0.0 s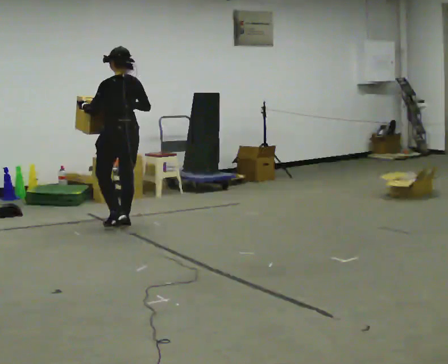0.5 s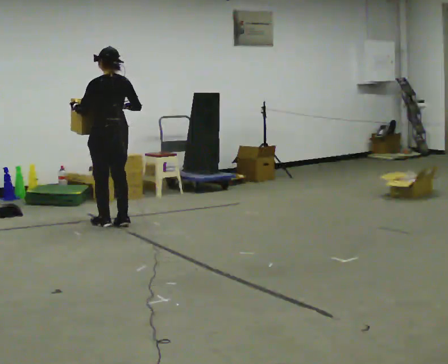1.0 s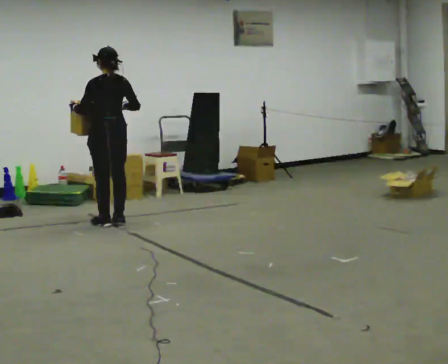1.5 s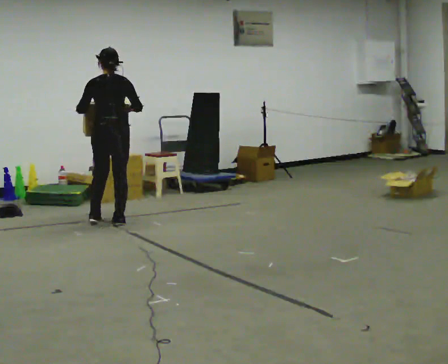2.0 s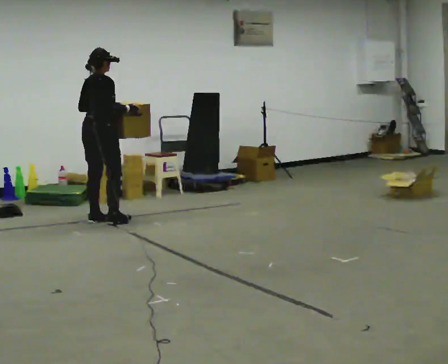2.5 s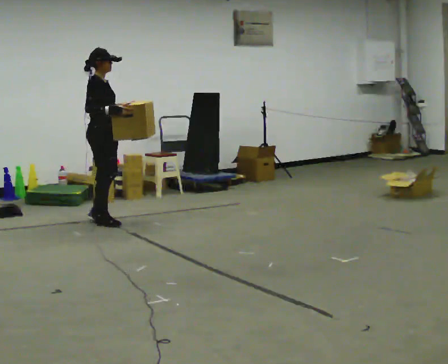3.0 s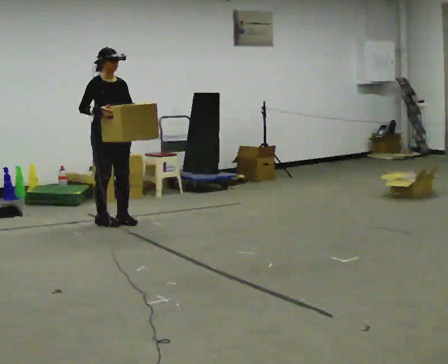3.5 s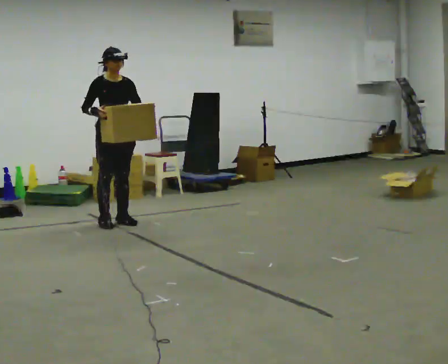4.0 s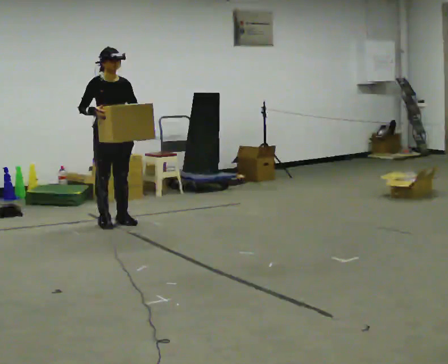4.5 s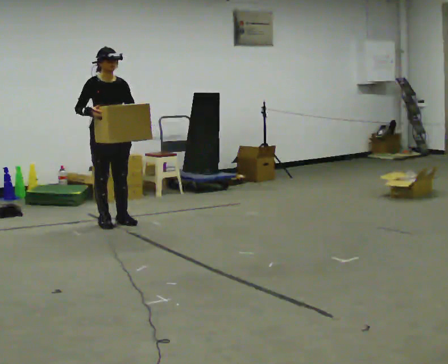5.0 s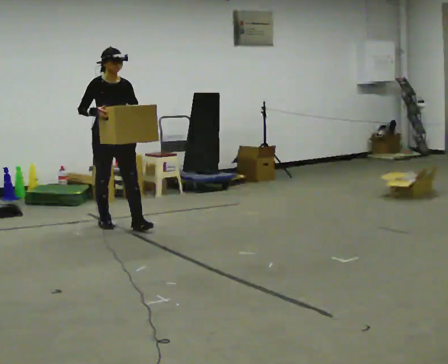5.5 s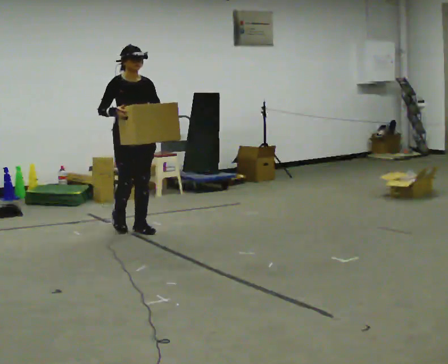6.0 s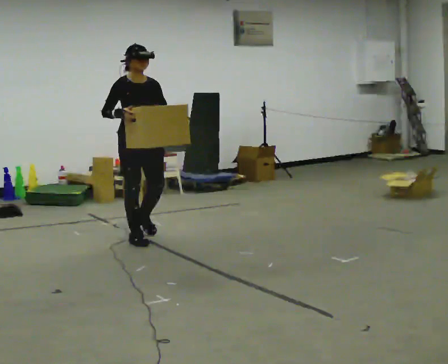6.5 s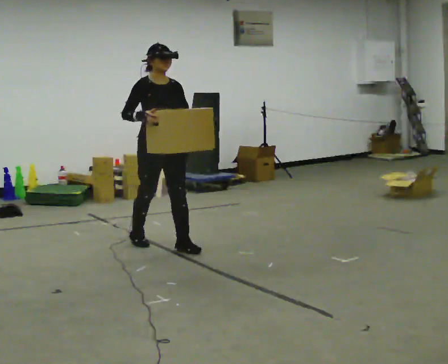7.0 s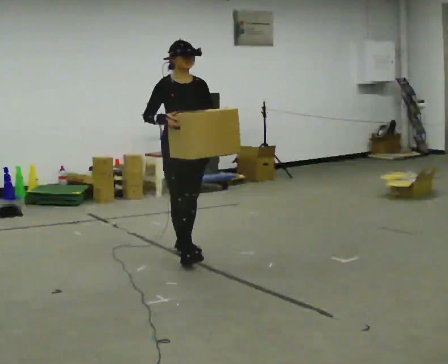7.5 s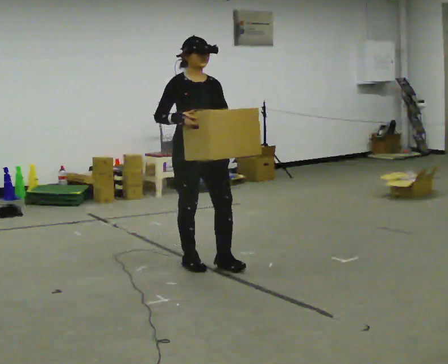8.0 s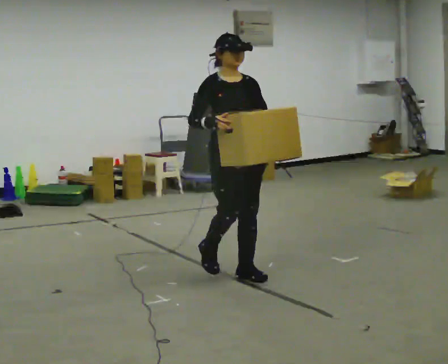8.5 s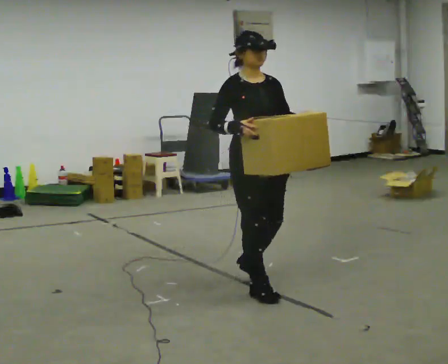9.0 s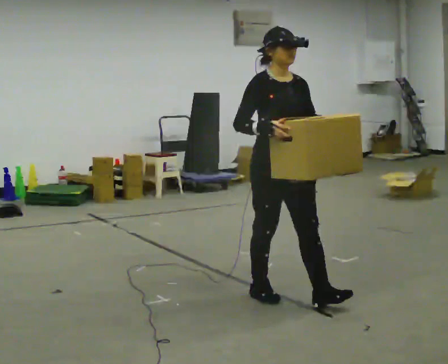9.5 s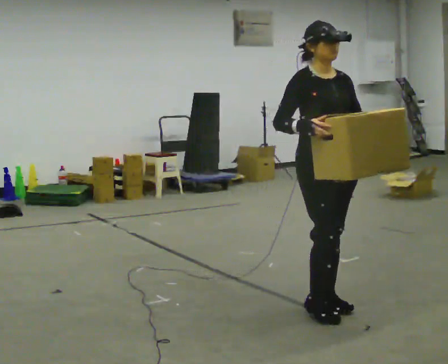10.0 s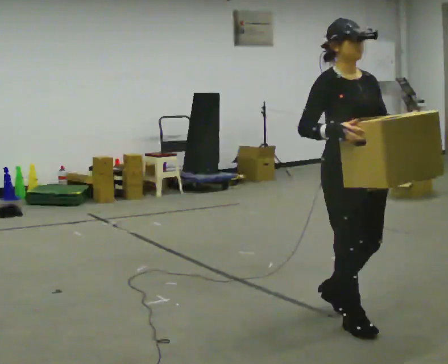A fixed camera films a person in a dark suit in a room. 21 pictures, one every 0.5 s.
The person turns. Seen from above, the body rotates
clockwise.
The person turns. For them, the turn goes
to their right.
0.0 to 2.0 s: The part of the body nearest the lens slides to the left as the person turns to their right by about 90 degrees. In the picture they go away from the camera and to the left, about 0.25 m in 2 steps.
2.0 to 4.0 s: Seen from above the body turns clockwise, about 105 degrees: to their right, with its near side sliding to the left. In the picture their left hand goes to the right.
4.0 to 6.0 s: In the picture they go toward the camera, about 0.75 m in 2 steps, which for them is forward.
6.0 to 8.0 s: In the picture they go toward the camera and to the right, about 1.5 m in 3 steps, which for them is forward.
8.0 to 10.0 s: In the picture they go toward the camera, about 1 m in 3 steps, which for them is forward.
The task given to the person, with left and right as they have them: Carry the heavy box in both hands in front of you, walking back and forth across the room. Keep walking until the operator says stop. Set it down if you need a rest.
The film runs forward here.
